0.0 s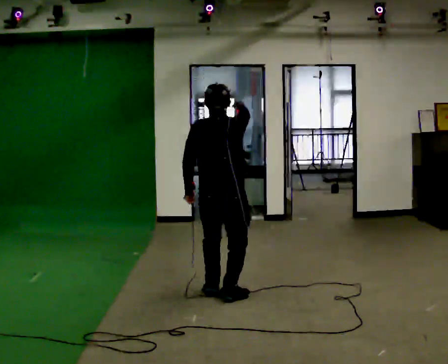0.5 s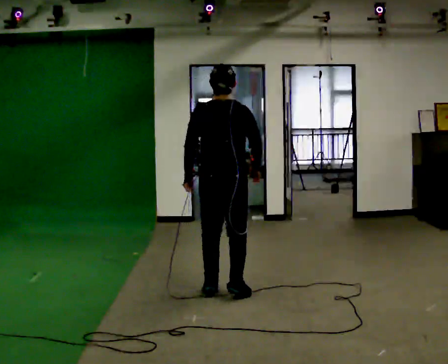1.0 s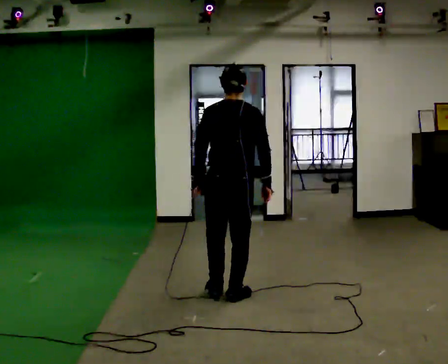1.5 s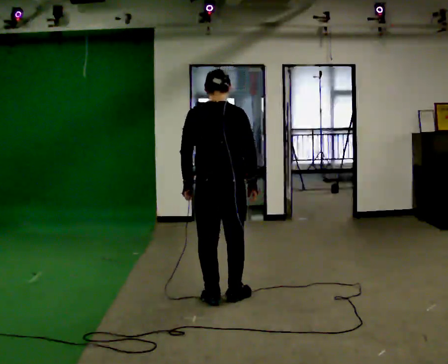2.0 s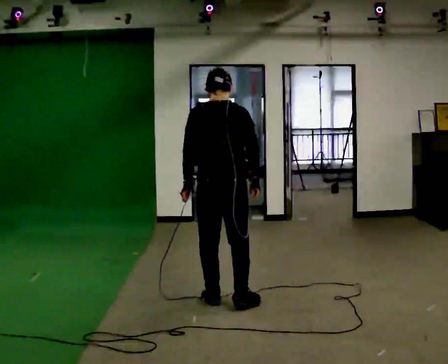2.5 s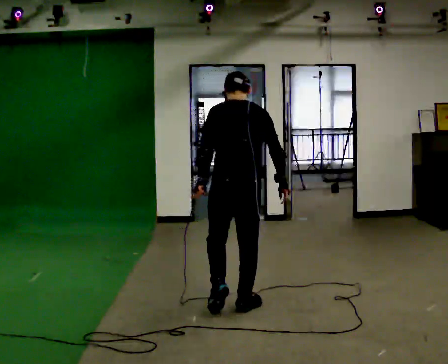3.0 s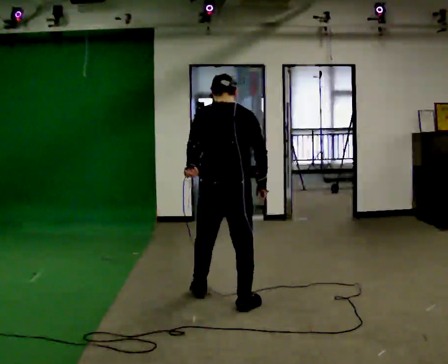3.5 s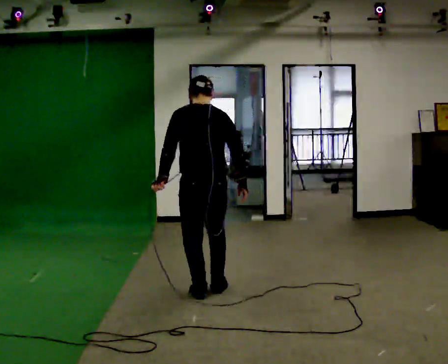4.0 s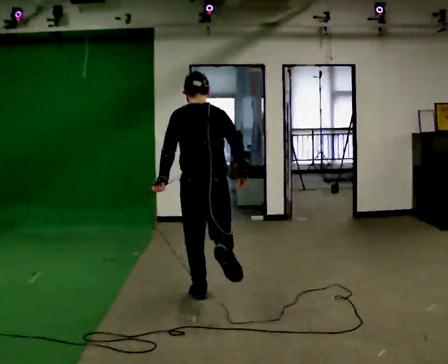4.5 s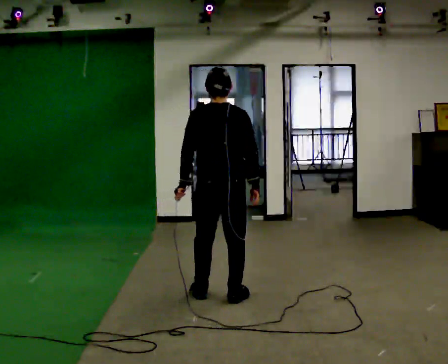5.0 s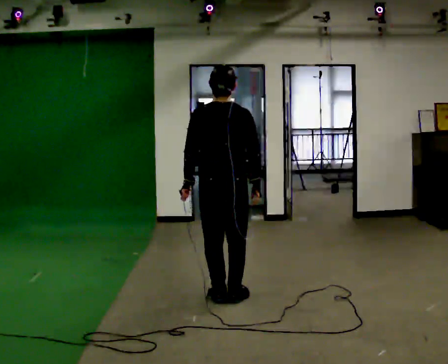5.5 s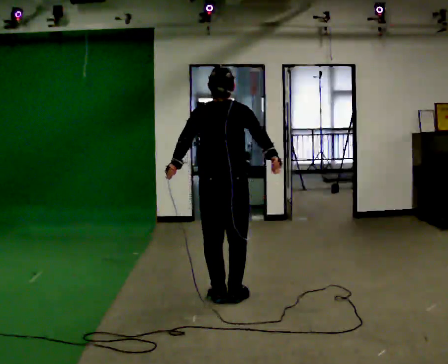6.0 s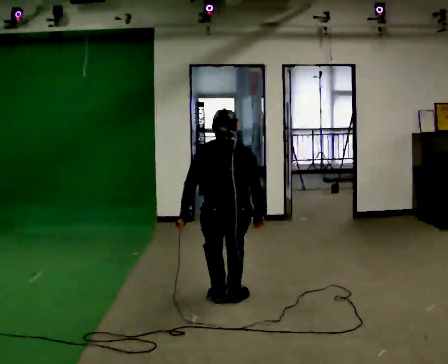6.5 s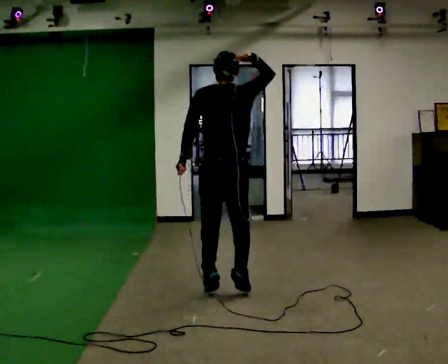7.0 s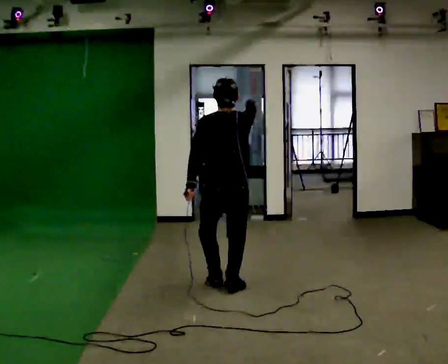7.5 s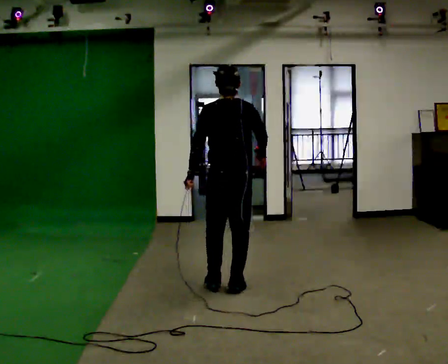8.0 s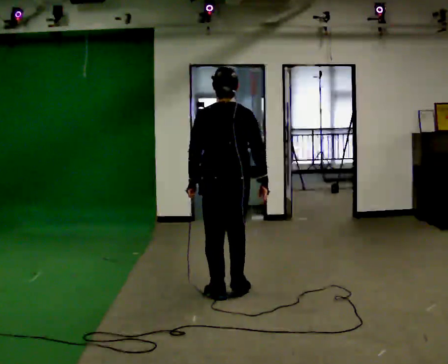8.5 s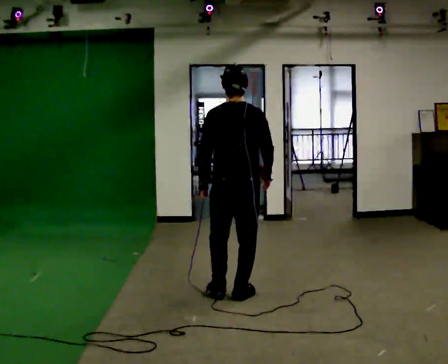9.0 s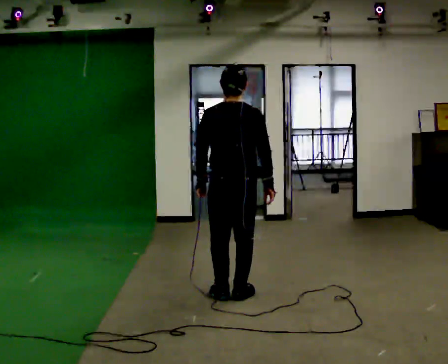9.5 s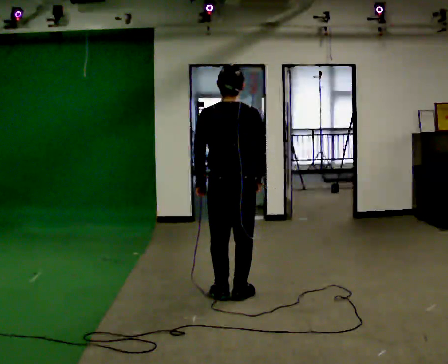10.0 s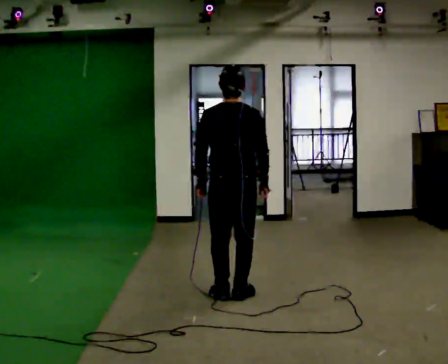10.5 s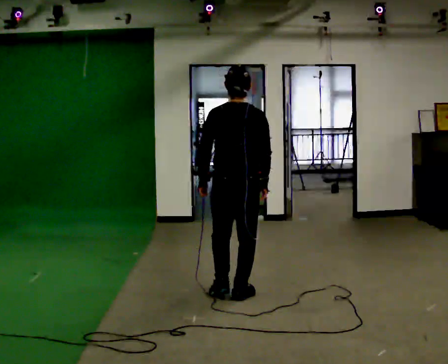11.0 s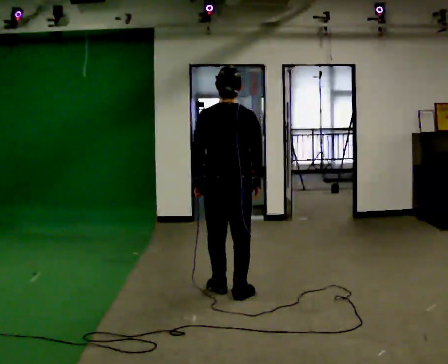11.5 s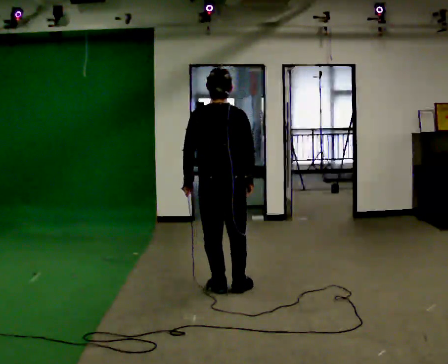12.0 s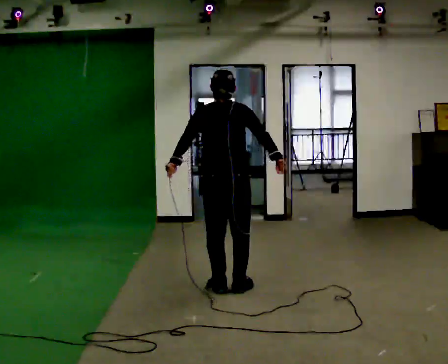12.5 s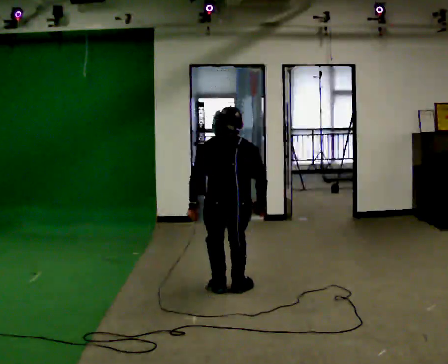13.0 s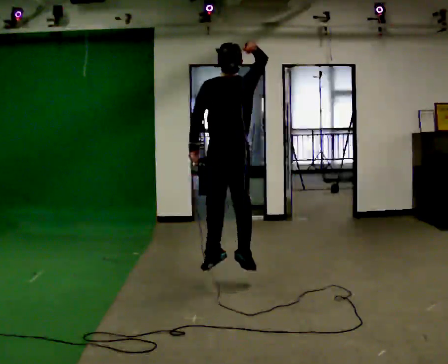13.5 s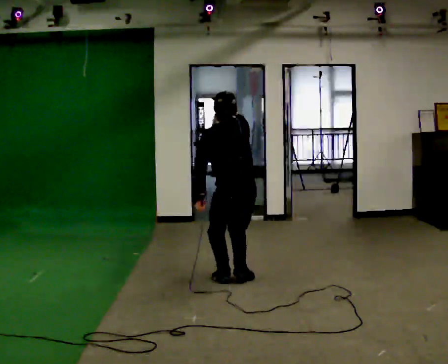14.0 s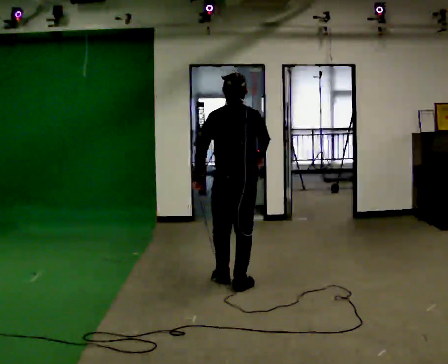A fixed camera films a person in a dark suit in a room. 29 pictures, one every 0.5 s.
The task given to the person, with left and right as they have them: Mime a volleyball spike with no ball: approach in place, jump and strike downward. Repeat the movement at your own pace until the operator says stop; do not rush.
0.0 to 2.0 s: In the picture they go toward the camera, about 0.25 m in 1 step, which for them is backward. In the picture their right hand goes downward.
2.0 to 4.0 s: The person moves a little, or ends about where they began.
4.0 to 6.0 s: In the picture they go to the right, about 0.25 m in 2 steps, which for them is to their right and backward. The shoulders move downward. The upper body tips away from the camera, its near side rolling upward, as they bend forward. In the picture their left hand goes downward.
6.0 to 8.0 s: In the picture they go away from the camera, about 0.25 m in 3 steps, which for them is forward.
8.0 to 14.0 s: In the picture they go away from the camera, about 0.25 m in 6 steps, which for them is forward.
The film runs forward here.
